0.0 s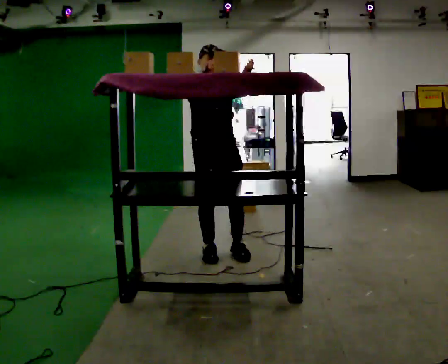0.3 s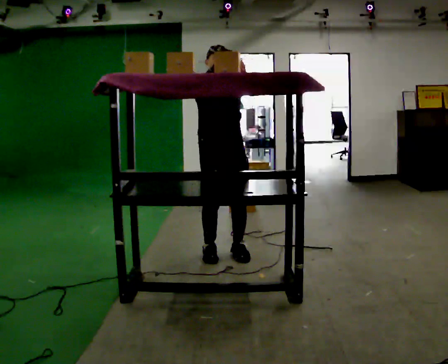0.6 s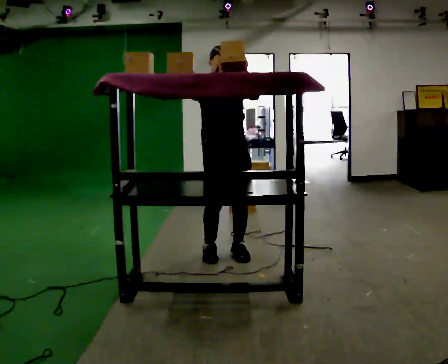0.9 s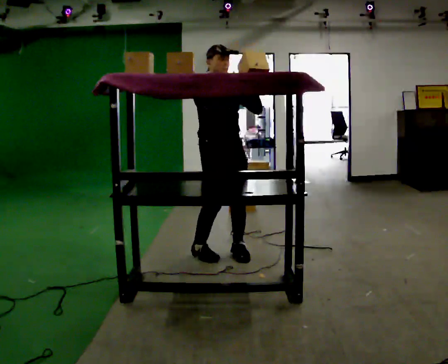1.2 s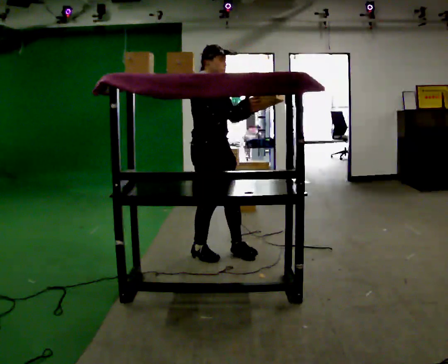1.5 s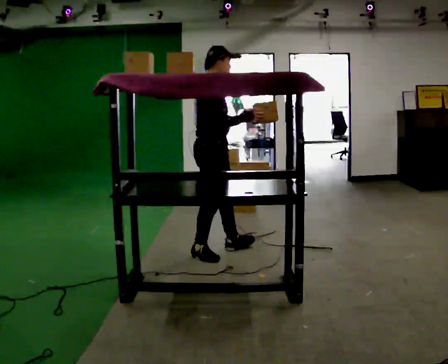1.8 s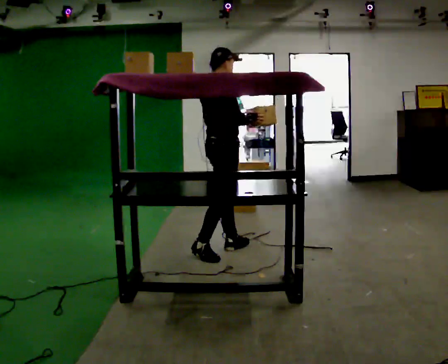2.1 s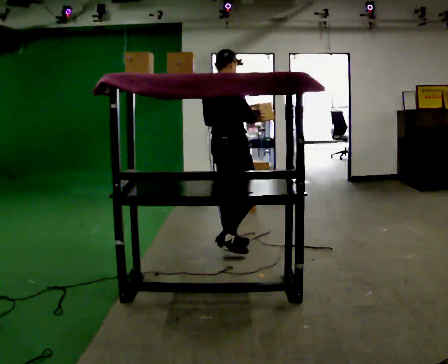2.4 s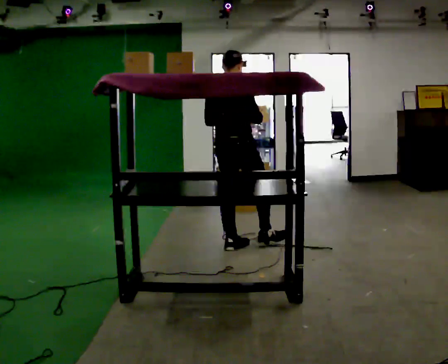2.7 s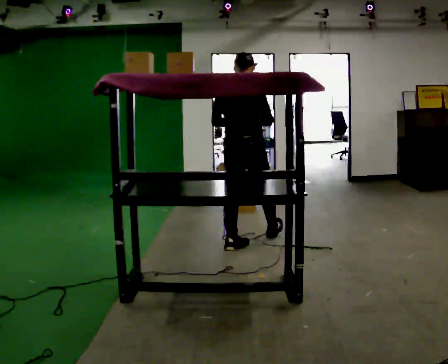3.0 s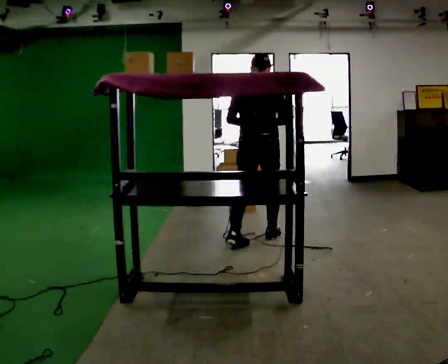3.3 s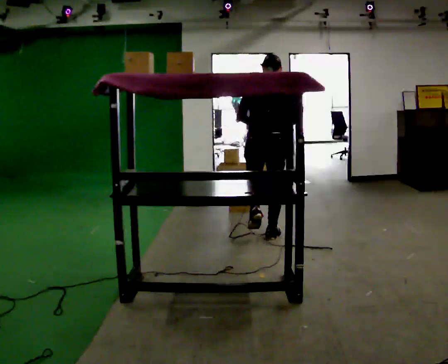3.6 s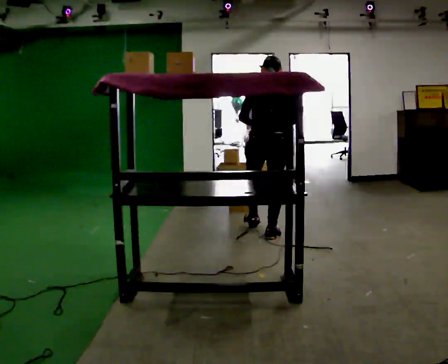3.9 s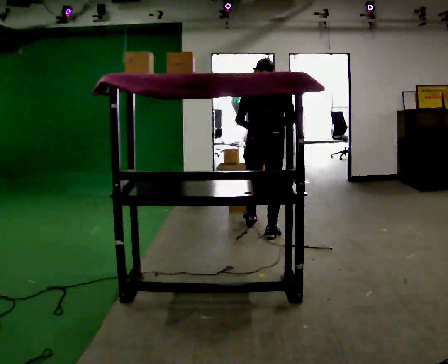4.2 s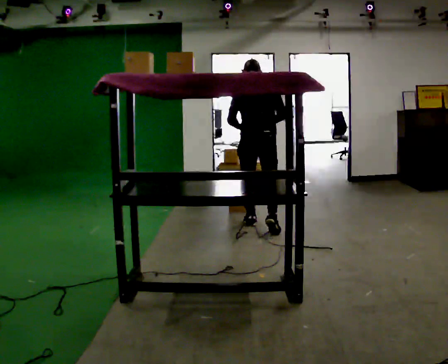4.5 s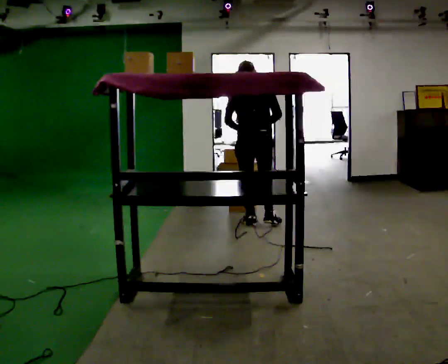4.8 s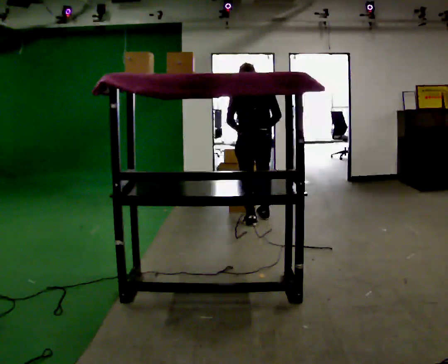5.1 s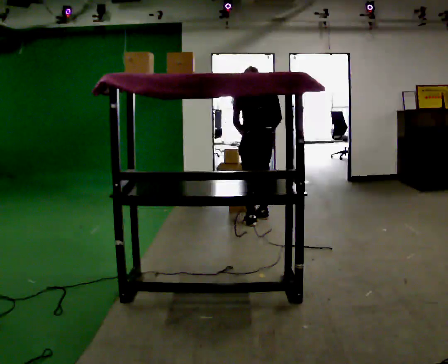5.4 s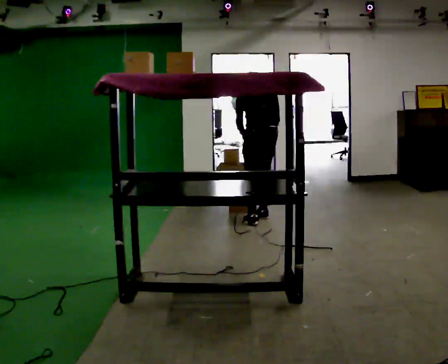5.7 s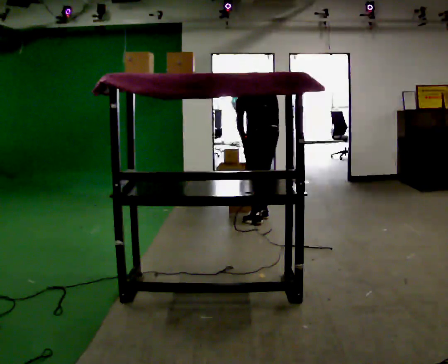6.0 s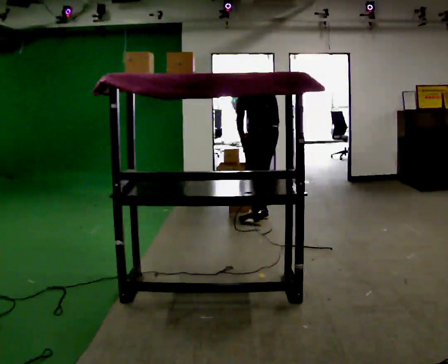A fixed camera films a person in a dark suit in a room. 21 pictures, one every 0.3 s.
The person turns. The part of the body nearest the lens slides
to the right.
The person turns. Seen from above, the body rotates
counterclockwise.
0.0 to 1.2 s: Seen from above the body turns counterclockwise, about 45 degrees: to their left, with its near side sliding to the right.
1.2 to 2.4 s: The part of the body nearest the lens slides to the right as the person turns to their left by about 90 degrees. In the picture they go away from the camera and to the right, about 0.25 m.
2.4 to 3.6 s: The person turns about 30 degrees to their left, counterclockwise seen from above, so the part of the body nearest the lens slides to the right. In the picture they go away from the camera and to the right, about 0.5 m in 1 step, which for them is forward and to their right.
3.6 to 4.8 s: In the picture they go away from the camera, about 0.5 m in 1 step, which for them is forward.
4.8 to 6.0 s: The person turns about 30 degrees to their left, counterclockwise seen from above, so the part of the body nearest the lens slides to the right. In the picture they go away from the camera, about 0.25 m in 1 step, which for them is to their right and forward. The upper body tips away from the camera, its near side rolling upward, as they bend forward.
The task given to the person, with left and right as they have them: Reach up into the bin on the top shelf, take out one object at a time, and carry it to the table. Keep going until the operator says stop; one object at a time, and do not rush between trips.
The film runs forward here.
